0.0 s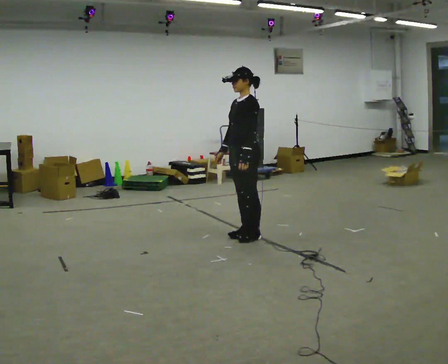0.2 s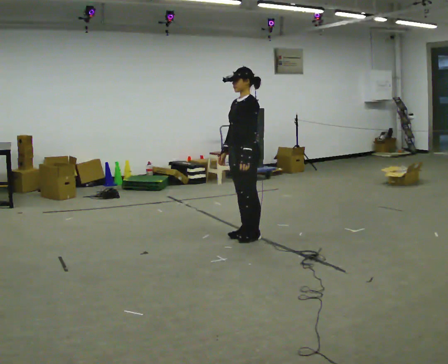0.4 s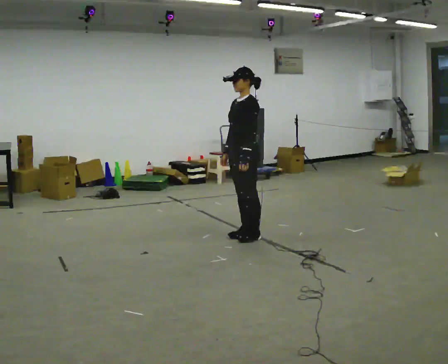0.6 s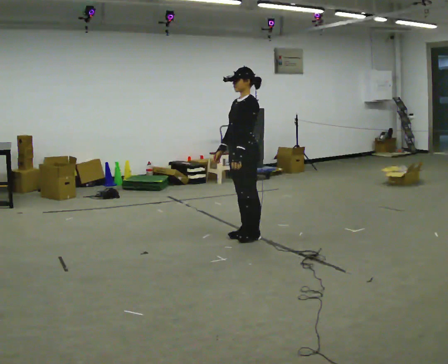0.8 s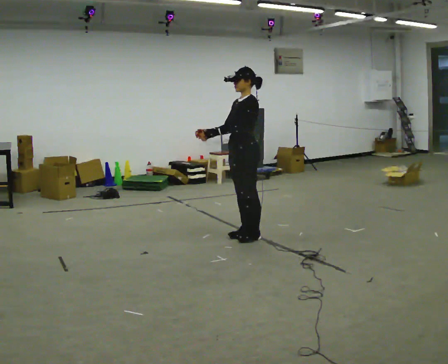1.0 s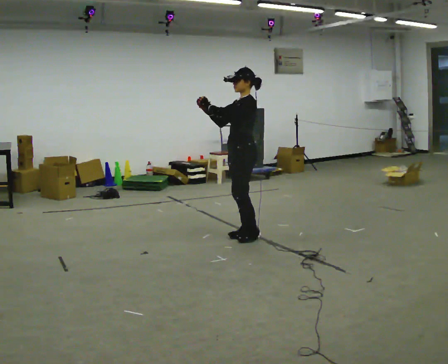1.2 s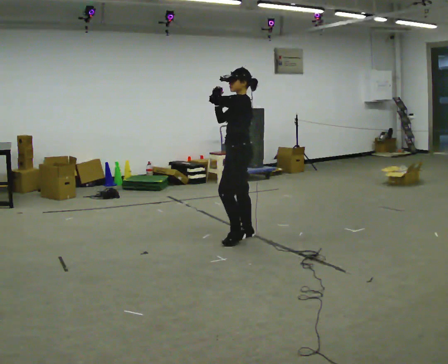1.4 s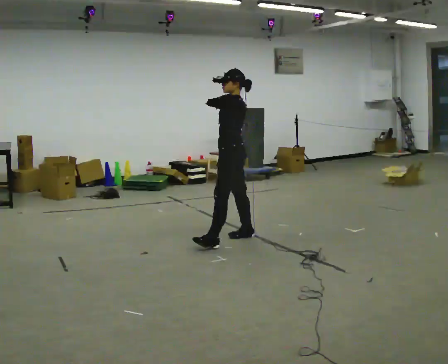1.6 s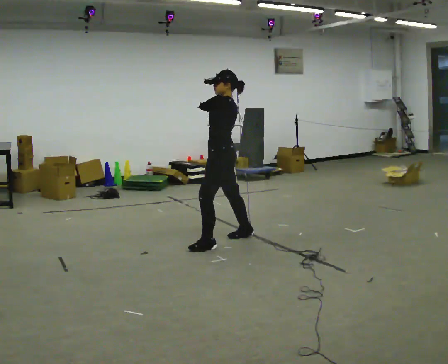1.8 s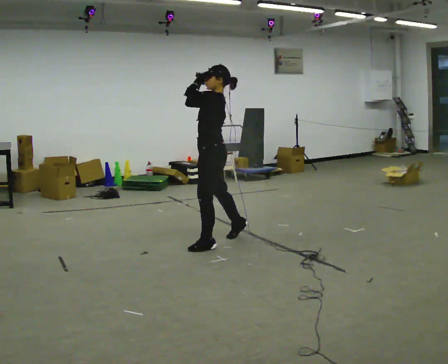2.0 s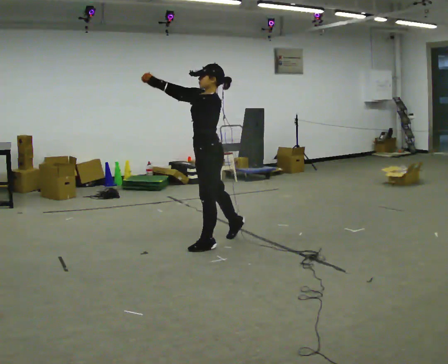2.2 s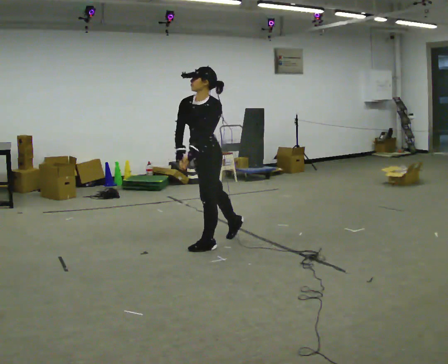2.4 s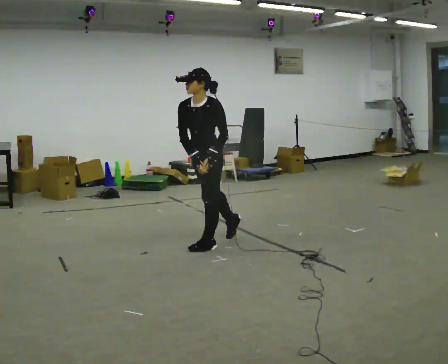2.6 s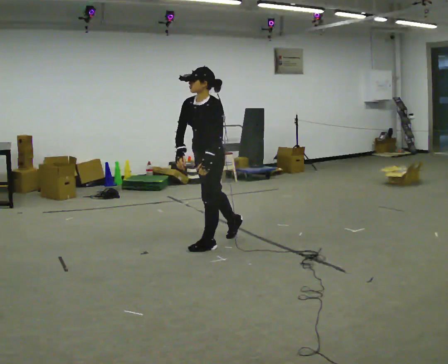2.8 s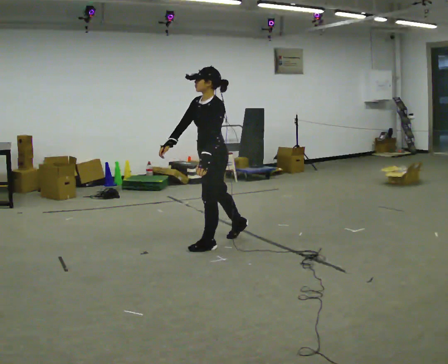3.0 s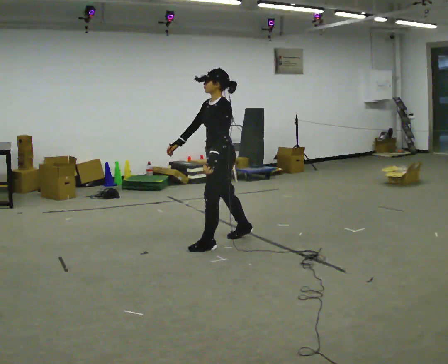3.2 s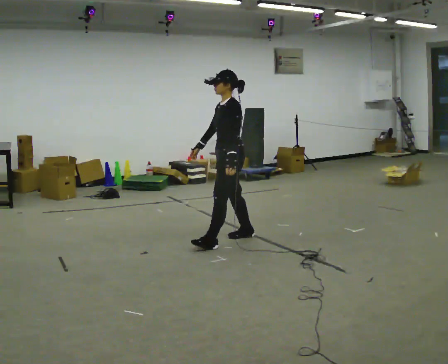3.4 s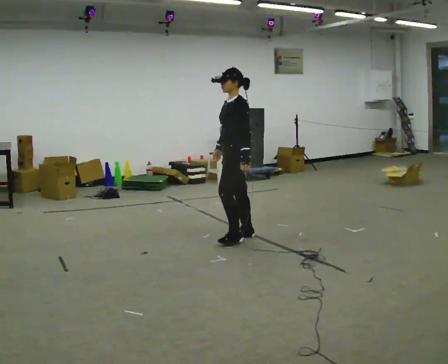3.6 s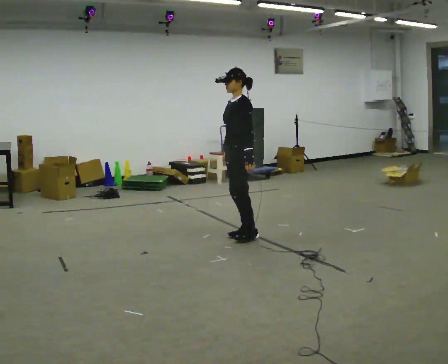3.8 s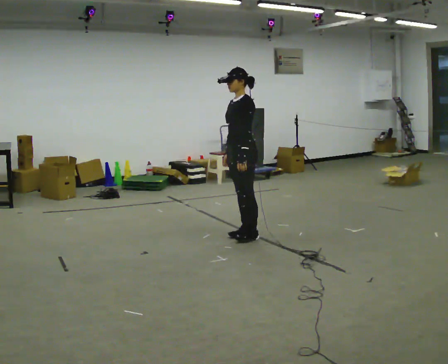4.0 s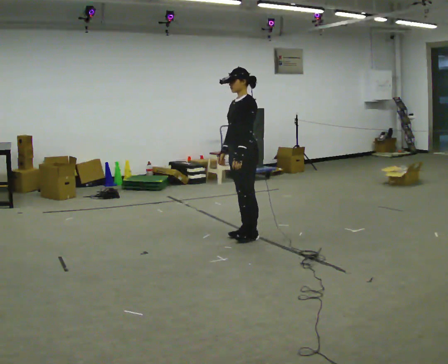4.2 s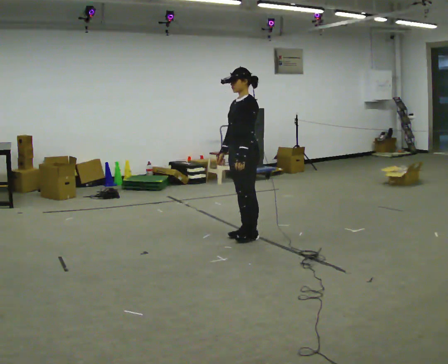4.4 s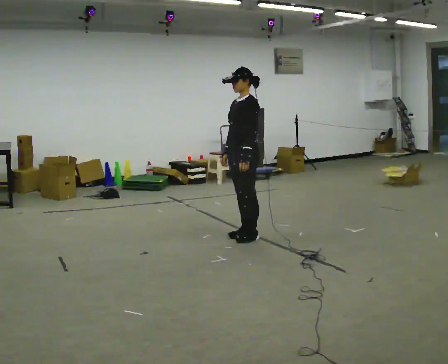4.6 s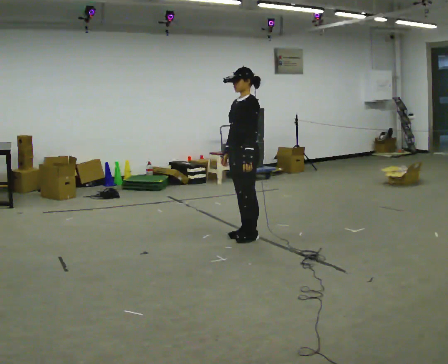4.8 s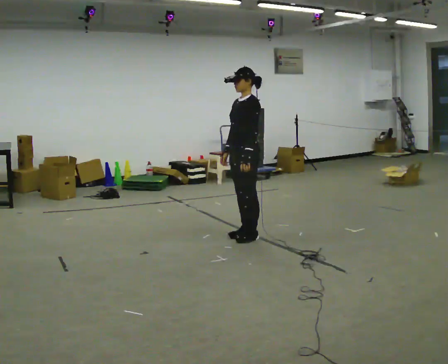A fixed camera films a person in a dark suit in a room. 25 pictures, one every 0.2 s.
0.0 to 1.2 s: In the picture their left hand goes upward.
1.2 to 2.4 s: The part of the body nearest the lens slides to the right as the person turns to their left by about 30 degrees. In the picture they go to the left and toward the camera, about 0.25 m in 1 step, which for them is forward and to their left. The upper body tips toward the camera, its near side rolling downward, as they bend forward. In the picture their left hand goes downward.
2.4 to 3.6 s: In the picture they go to the right and away from the camera, about 0.5 m, which for them is backward and to their right. The upper body tips away from the camera, its near side rolling upward, as they lean back or straighten.
3.6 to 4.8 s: The person moves a little, or ends about where they began.
The film runs forward here.
